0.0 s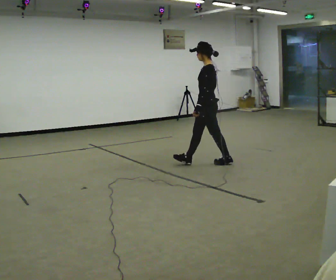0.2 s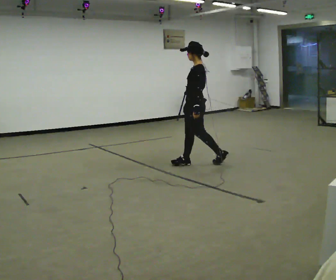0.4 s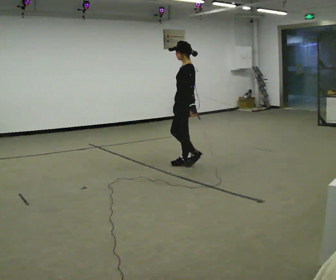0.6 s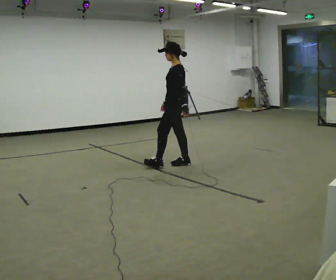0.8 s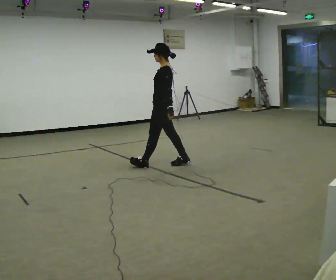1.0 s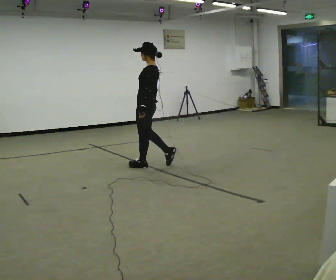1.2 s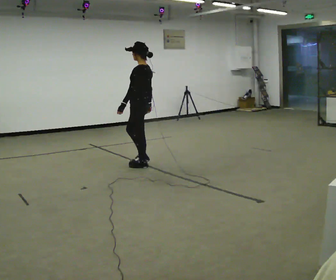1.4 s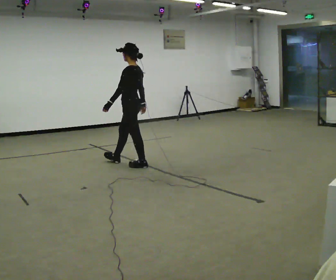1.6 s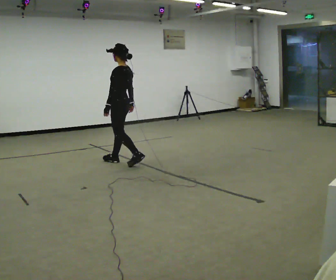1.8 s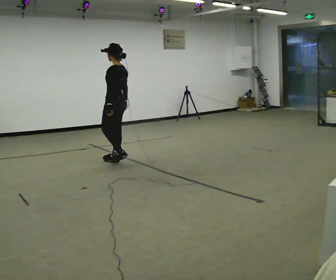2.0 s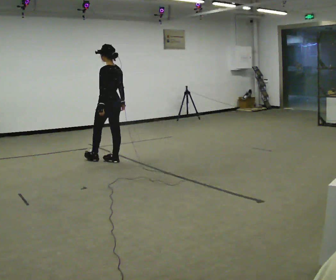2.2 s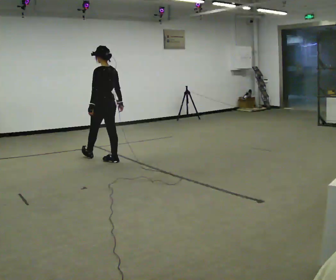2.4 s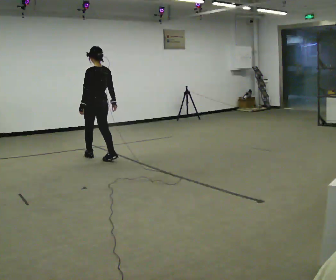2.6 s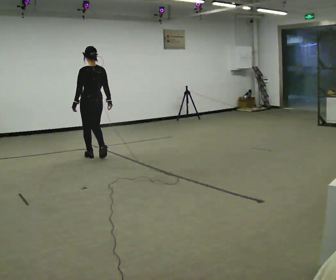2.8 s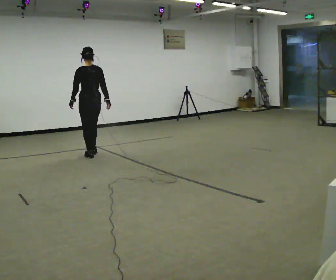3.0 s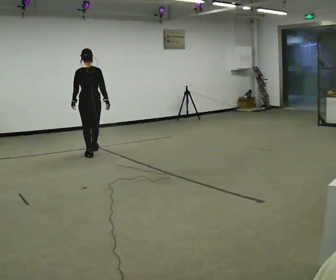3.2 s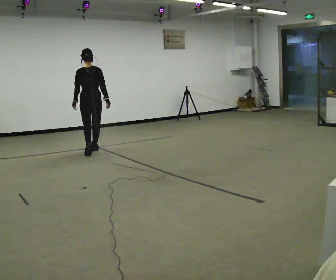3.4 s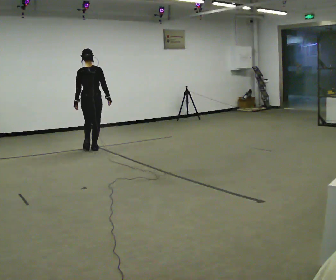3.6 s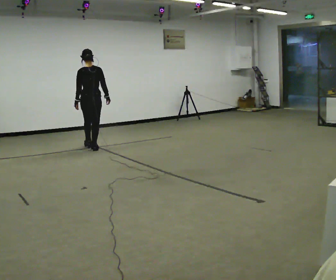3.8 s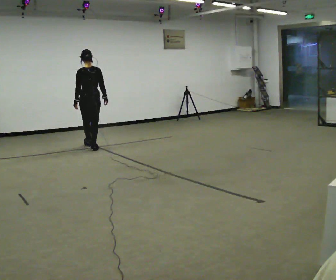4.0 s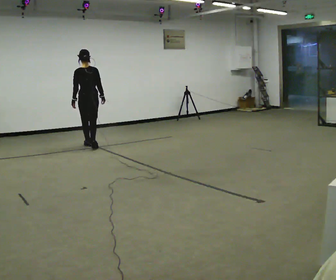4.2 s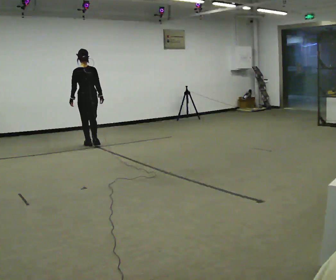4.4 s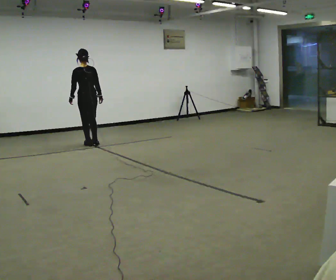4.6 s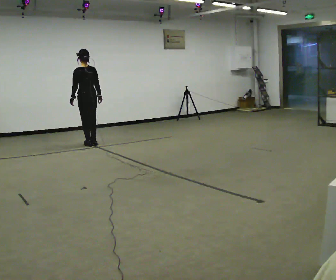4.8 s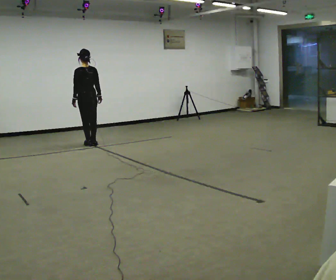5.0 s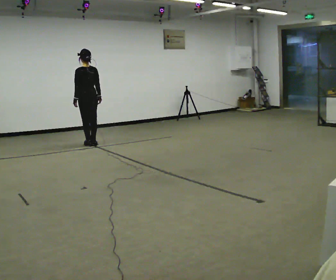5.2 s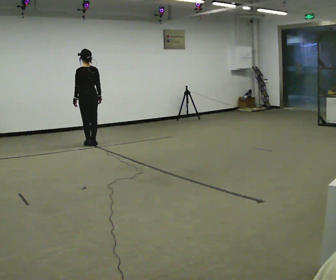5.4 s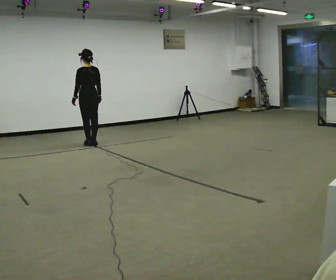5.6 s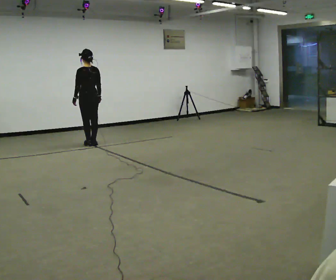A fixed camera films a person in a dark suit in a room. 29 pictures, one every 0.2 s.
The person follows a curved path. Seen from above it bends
clockwise.
0.0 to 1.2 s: In the picture they go to the left, about 1 m in 1 step, which for them is forward.
1.2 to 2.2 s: Seen from above the body turns clockwise, about 30 degrees: to their right, with its near side sliding to the left. In the picture they go to the left and away from the camera, about 0.5 m in 2 steps, which for them is forward.
2.2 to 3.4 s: The part of the body nearest the lens slides to the left as the person turns to their right by about 30 degrees. In the picture they go away from the camera, about 0.5 m in 1 step, which for them is forward.
3.4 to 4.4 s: In the picture they go away from the camera, about 0.5 m in 1 step, which for them is forward.
4.4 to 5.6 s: The person moves a little, or ends about where they began.
The film runs forward here.
